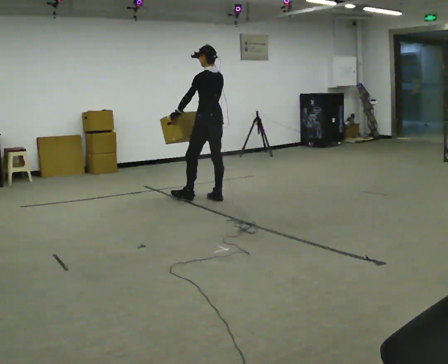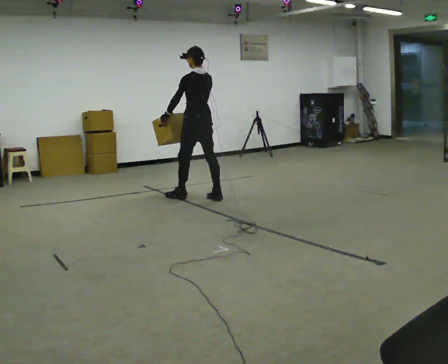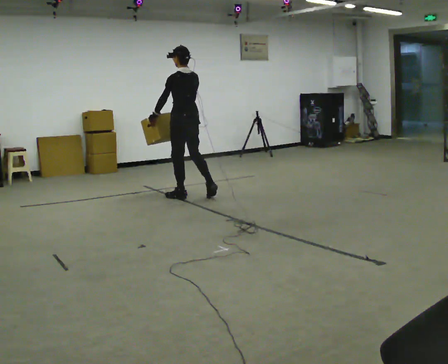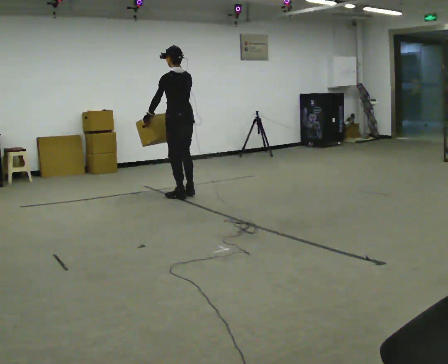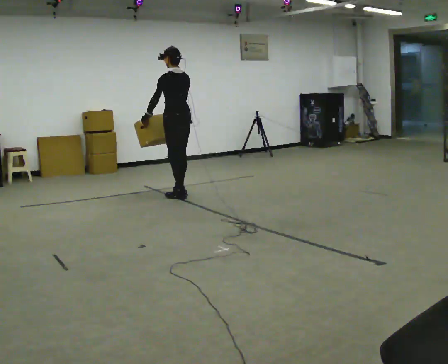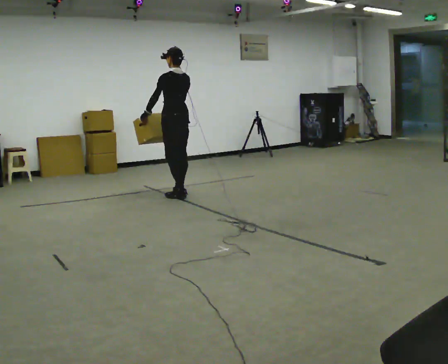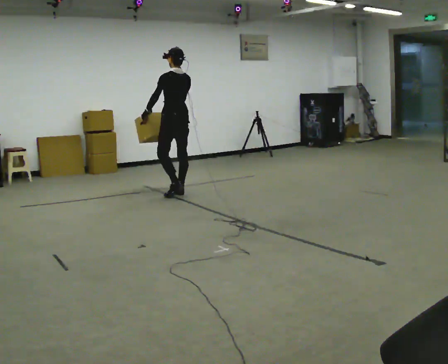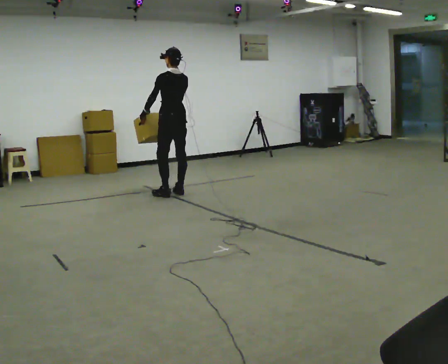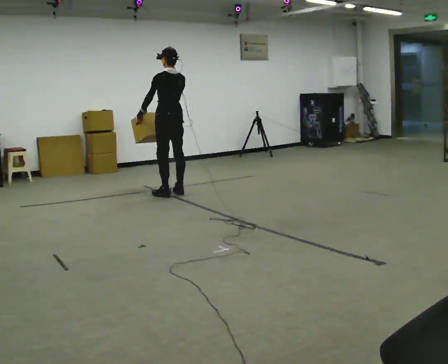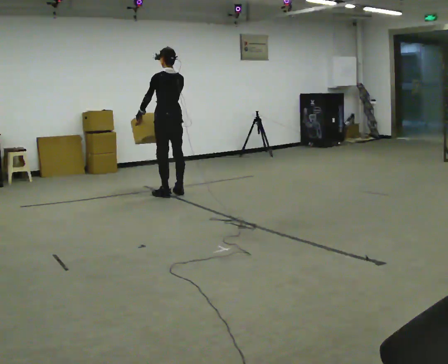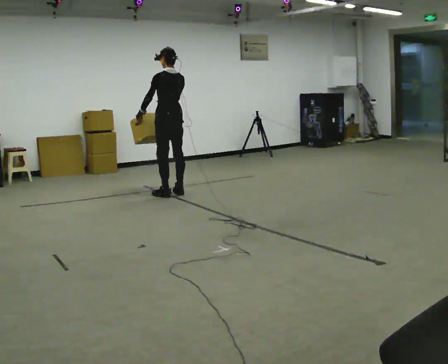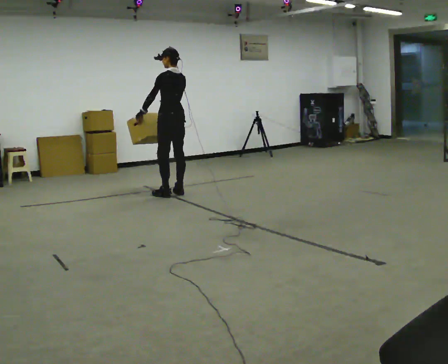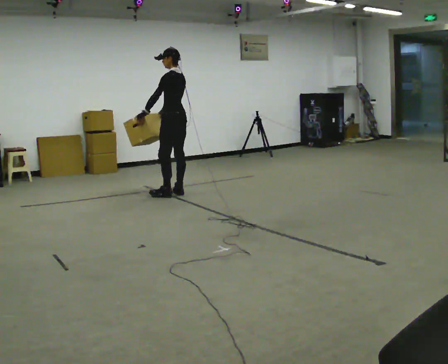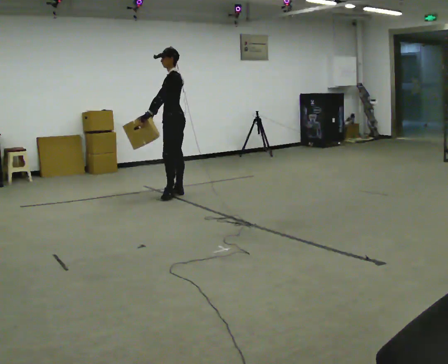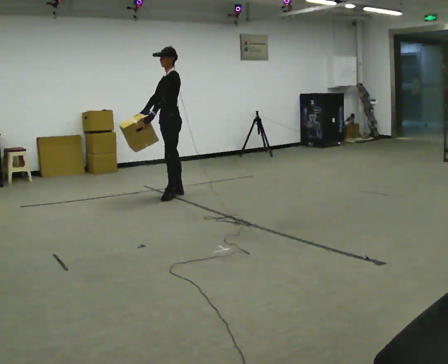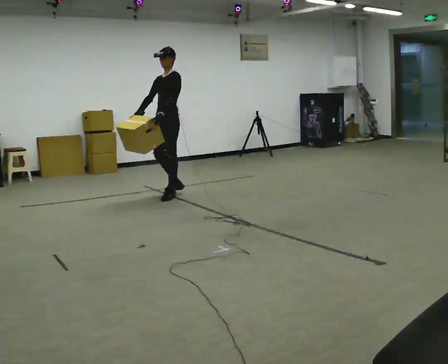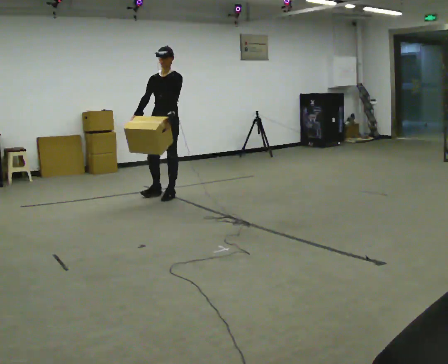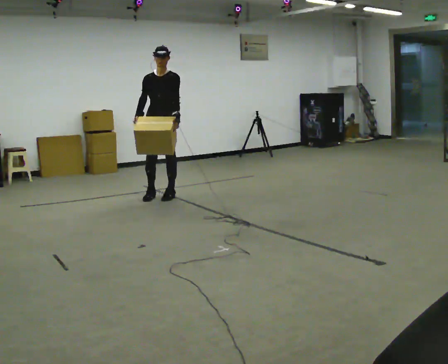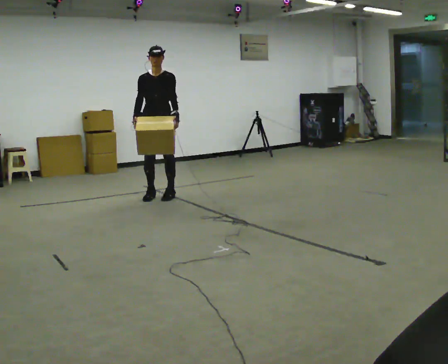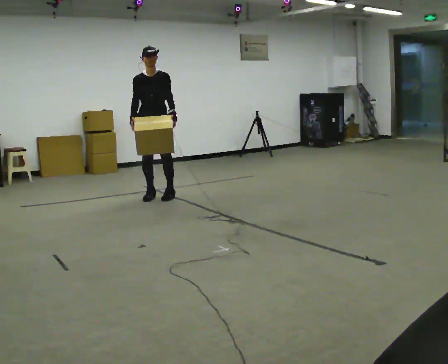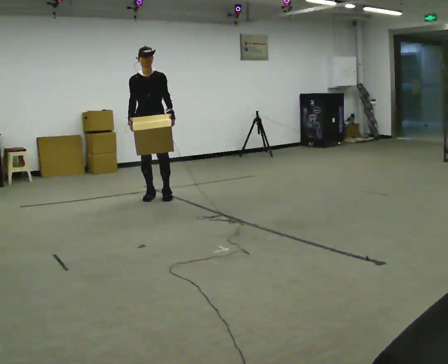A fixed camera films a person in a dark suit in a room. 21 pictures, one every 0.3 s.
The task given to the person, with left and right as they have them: Carry the heaviest box in both hands in front of you, walking back and forth across the room. Only carry what is comfortable. Set it down whenever you need to.
0.0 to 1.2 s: In the picture they go to the left, about 0.5 m in 2 steps, which for them is forward and to their left.
1.2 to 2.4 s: The person moves a little, or ends about where they began.
2.4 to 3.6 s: The part of the body nearest the lens slides to the right as the person turns to their left by about 30 degrees.
3.6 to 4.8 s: The part of the body nearest the lens slides to the right as the person turns to their left by about 90 degrees.
4.8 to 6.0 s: The part of the body nearest the lens slides to the right as the person turns to their left by about 30 degrees. In the picture they go to the left, about 0.25 m in 1 step, which for them is to their right.
The film runs forward here.
